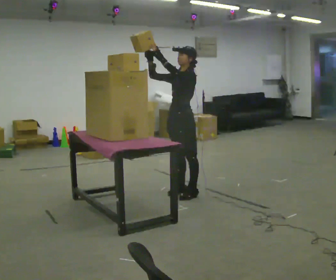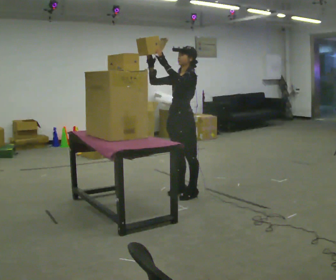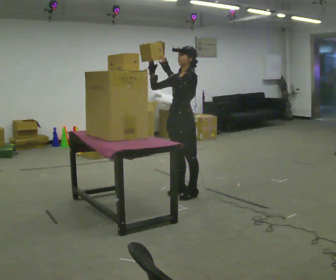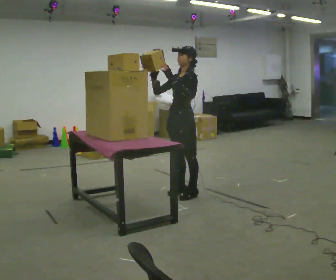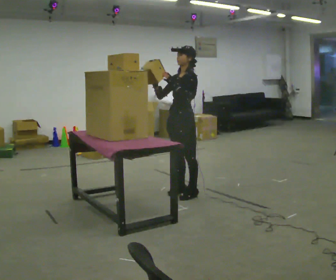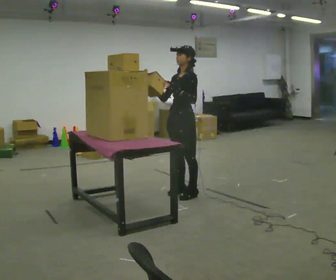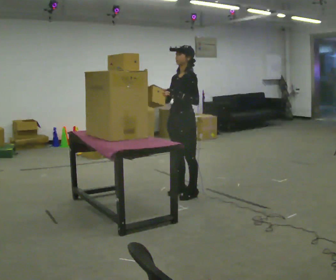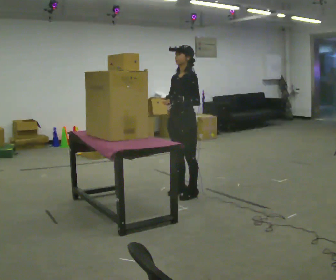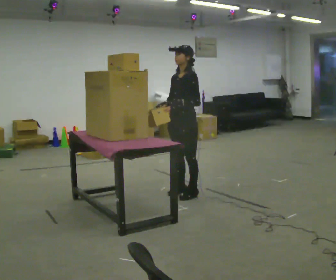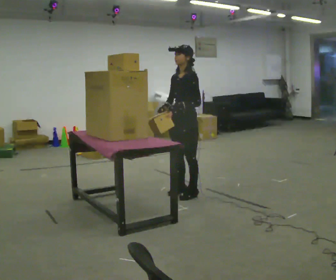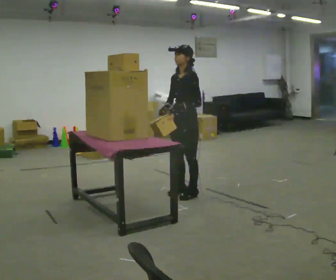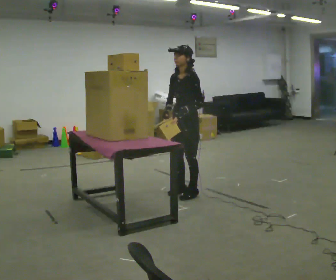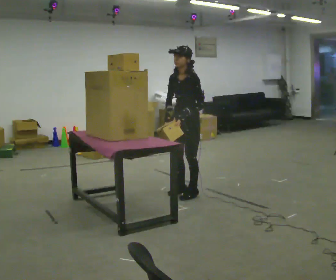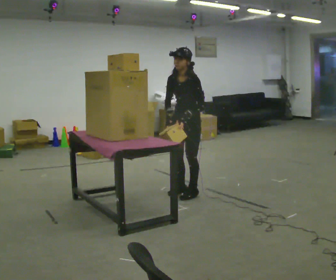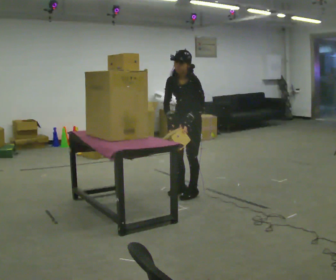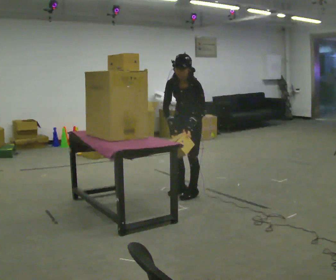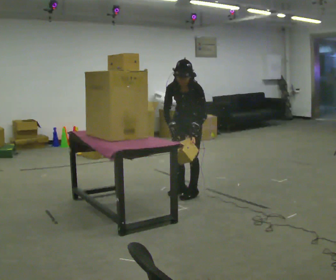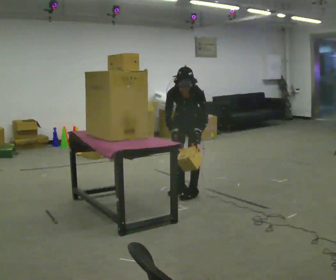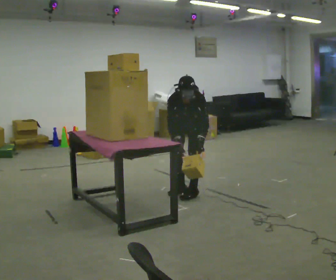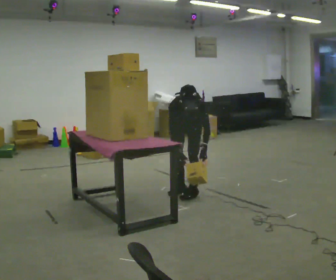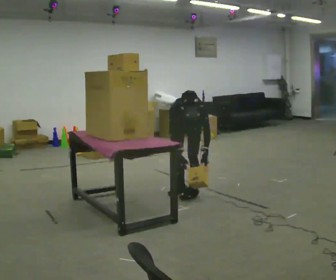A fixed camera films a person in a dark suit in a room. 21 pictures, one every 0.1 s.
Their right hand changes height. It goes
downward.
Their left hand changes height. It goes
downward.
0.0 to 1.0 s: In the picture their right hand goes downward, the arm swinging counterclockwise.
1.0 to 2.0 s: Seen from above the body turns counterclockwise, about 45 degrees: to their left, with its near side sliding to the right. The upper body goes downward. The upper body tips toward the camera, its near side rolling downward, as they bend forward. In the picture their left hand goes downward.
The film runs backward here.
